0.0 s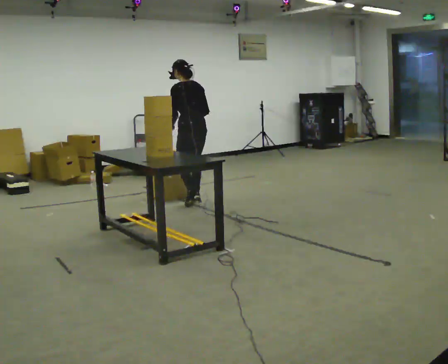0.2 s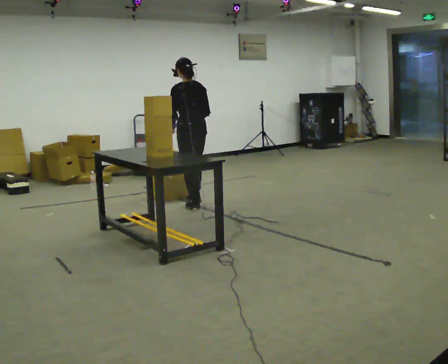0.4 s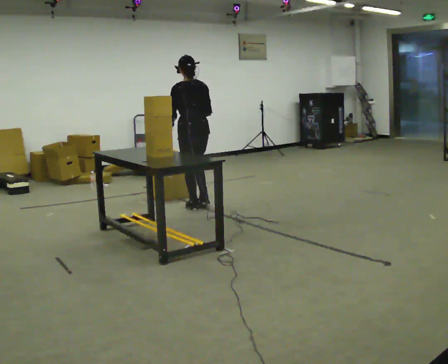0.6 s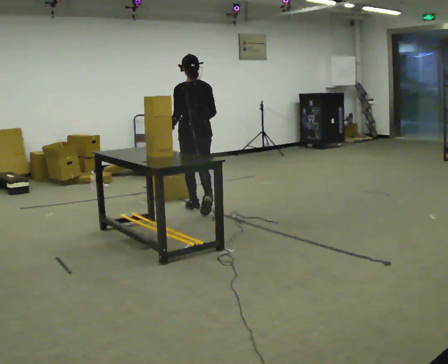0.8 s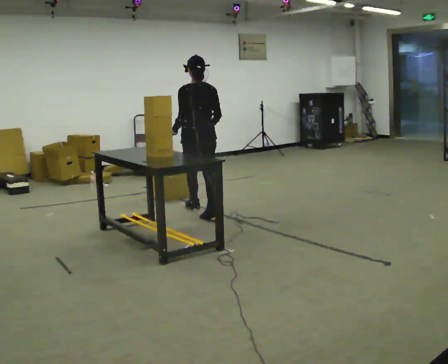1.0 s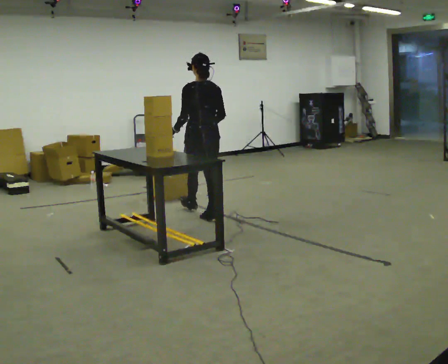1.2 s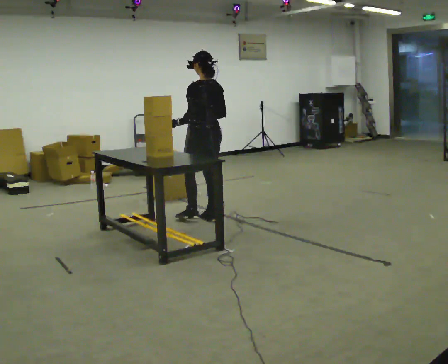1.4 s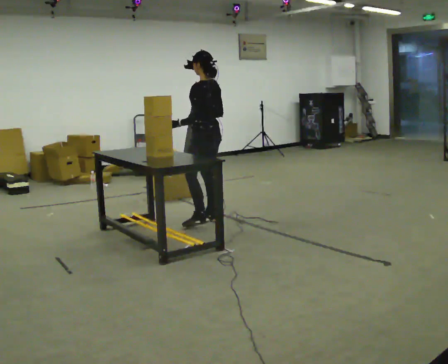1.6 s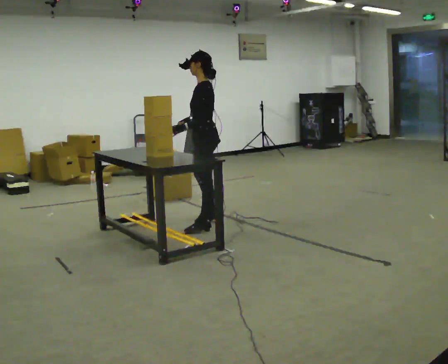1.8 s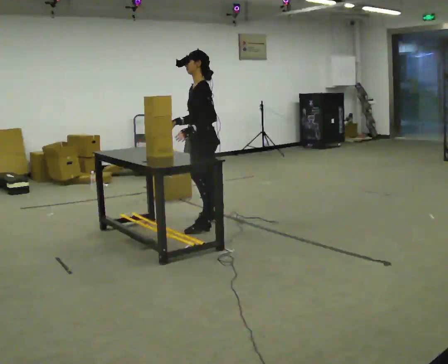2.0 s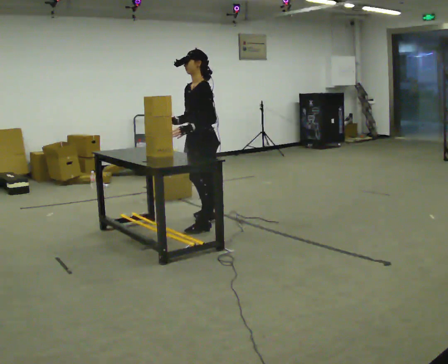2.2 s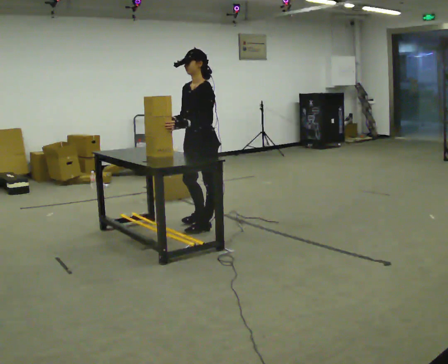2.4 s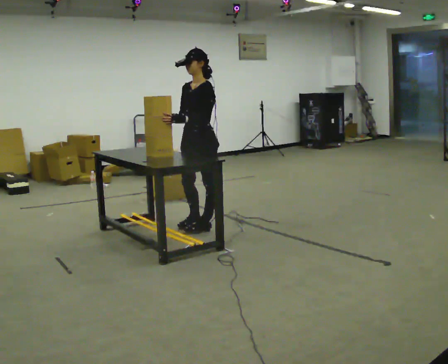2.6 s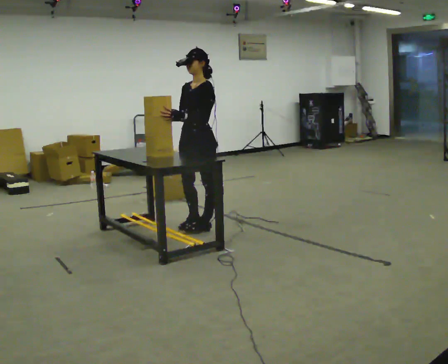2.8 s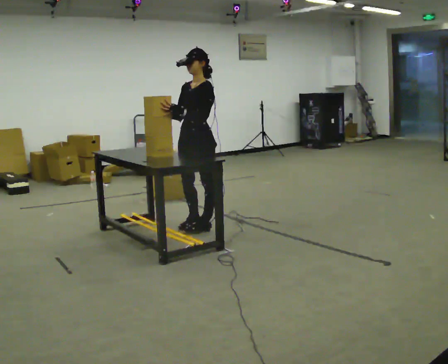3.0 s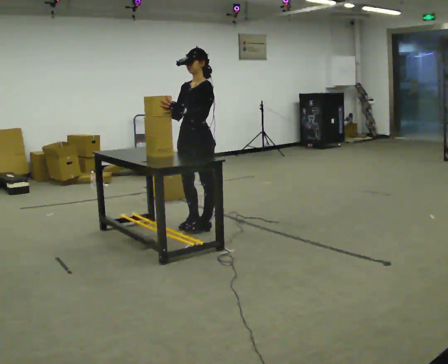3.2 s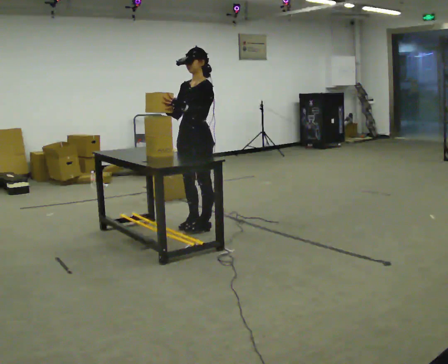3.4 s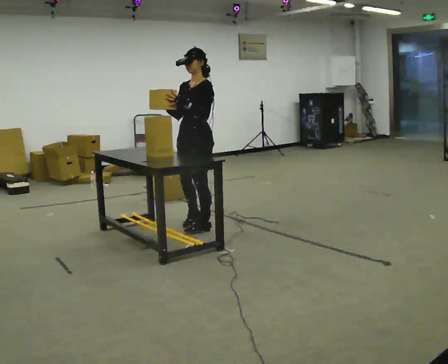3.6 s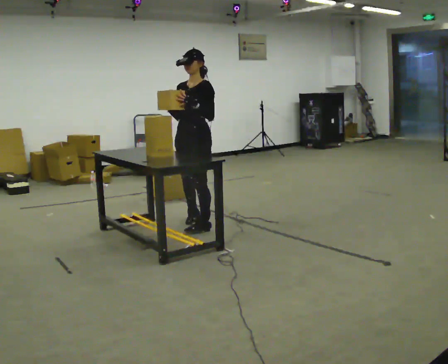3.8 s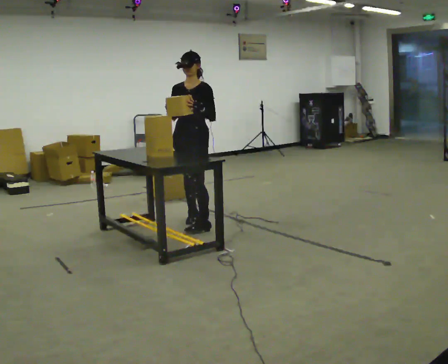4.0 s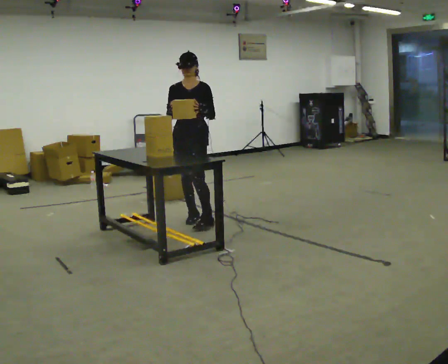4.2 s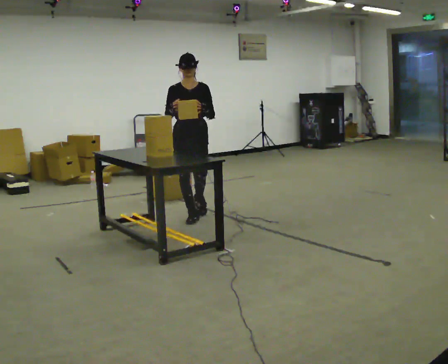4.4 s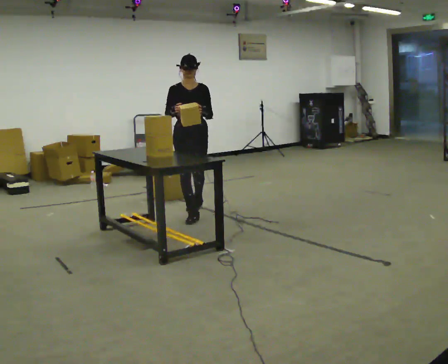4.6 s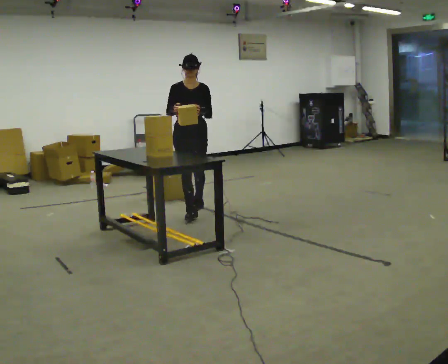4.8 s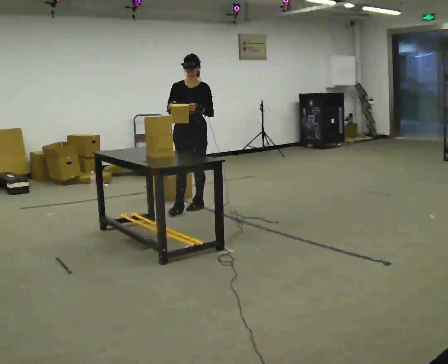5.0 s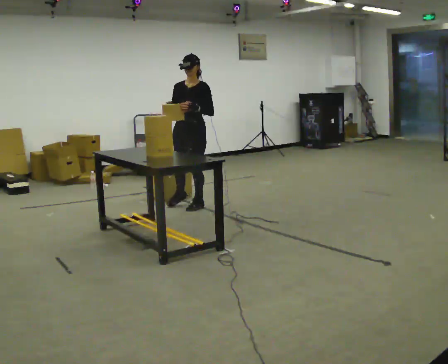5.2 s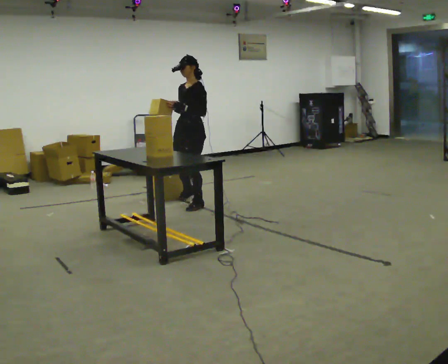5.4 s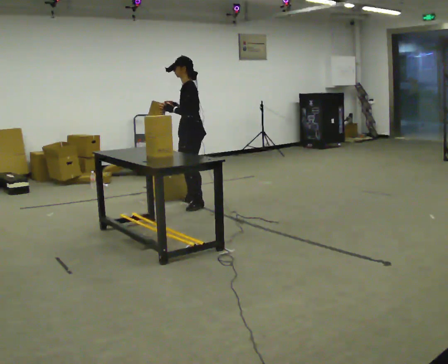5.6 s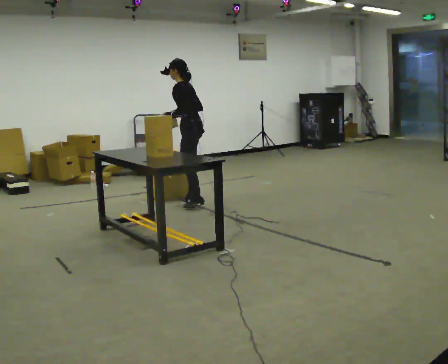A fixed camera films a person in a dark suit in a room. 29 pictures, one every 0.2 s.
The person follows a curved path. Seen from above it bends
clockwise.
0.0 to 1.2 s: In the picture they go toward the camera, about 0.75 m in 2 steps, which for them is backward.
1.2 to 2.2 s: The person turns about 75 degrees to their left, counterclockwise seen from above, so the part of the body nearest the lens slides to the right. In the picture they go toward the camera, about 0.25 m in 1 step.
2.2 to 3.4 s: The person moves a little, or ends about where they began.
3.4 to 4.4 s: Seen from above the body turns counterclockwise, about 60 degrees: to their left, with its near side sliding to the right. In the picture they go away from the camera, about 0.5 m in 1 step, which for them is backward and to their right.
4.4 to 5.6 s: Seen from above the body turns clockwise, about 105 degrees: to their right, with its near side sliding to the left. In the picture they go away from the camera, about 0.5 m in 1 step.
The film runs backward here.
